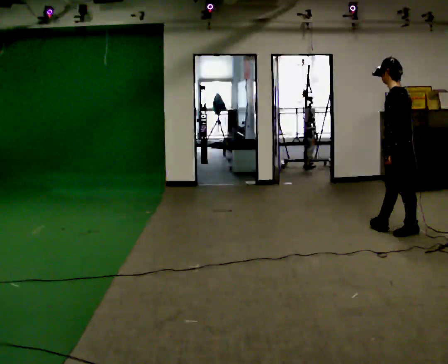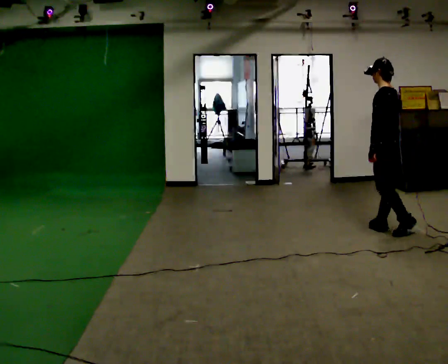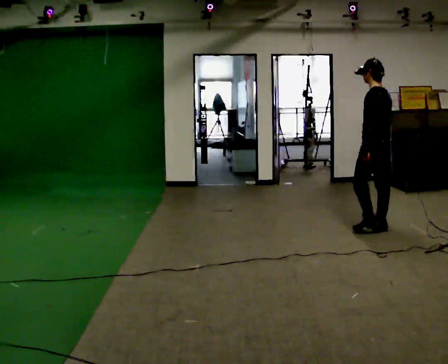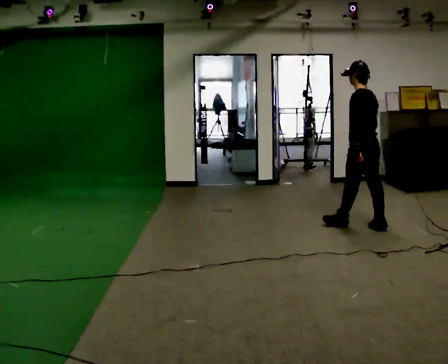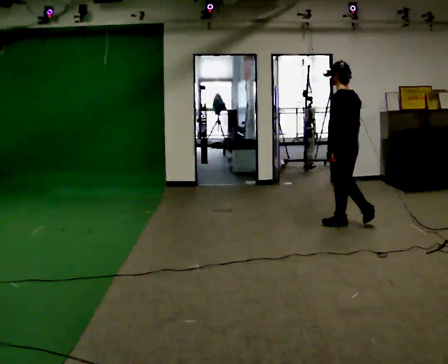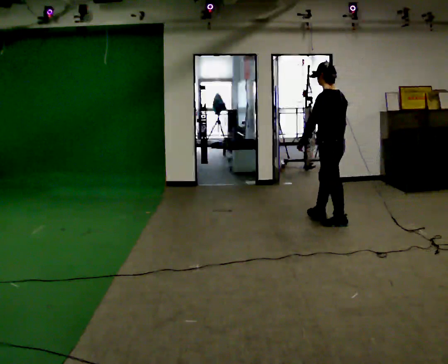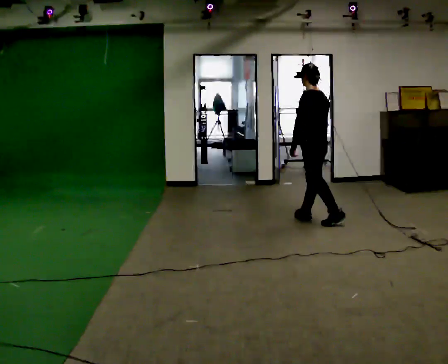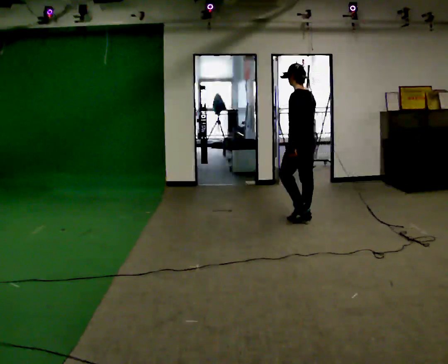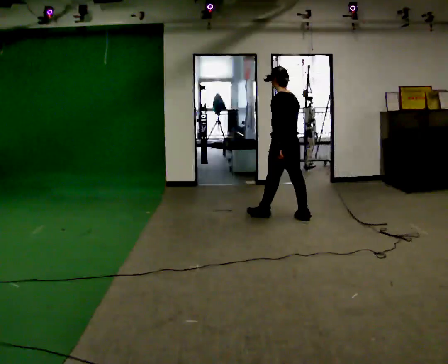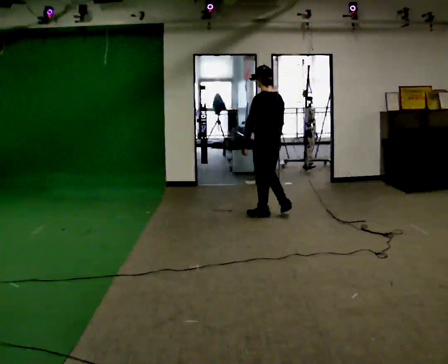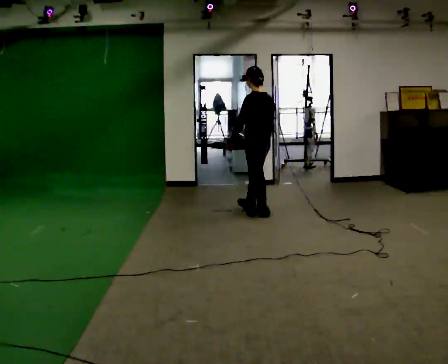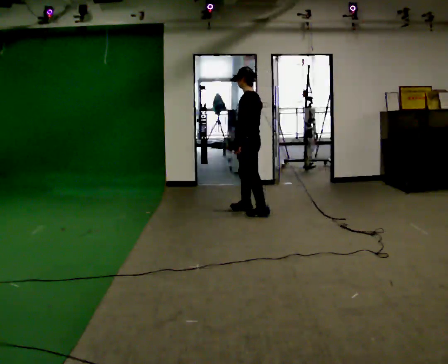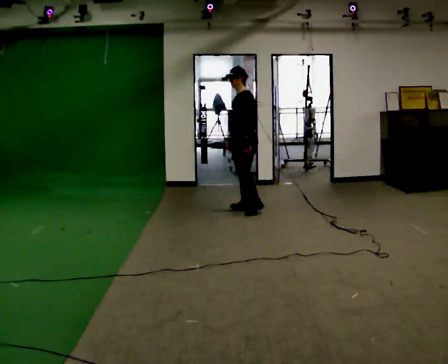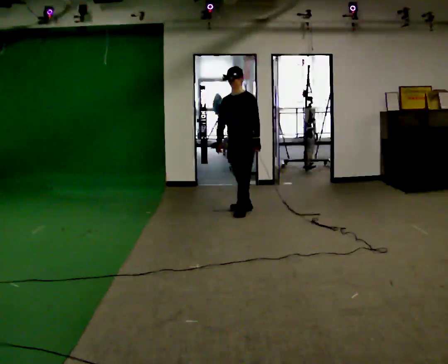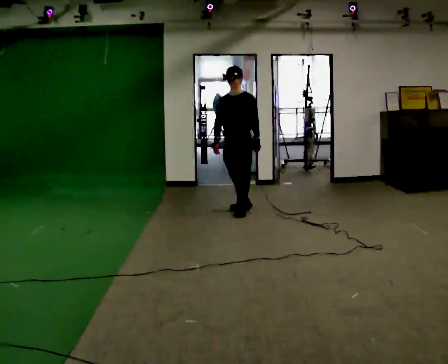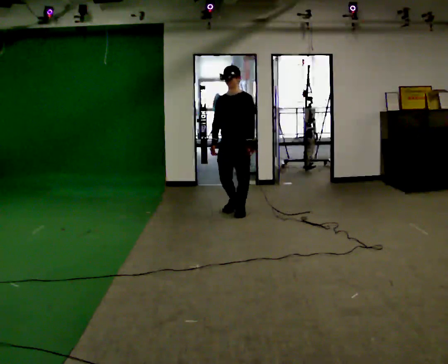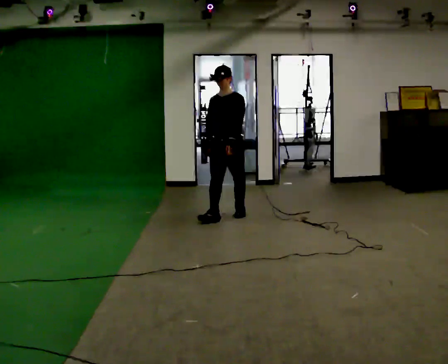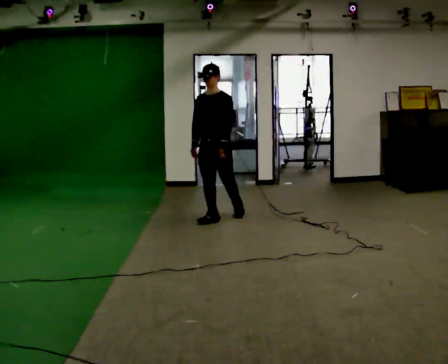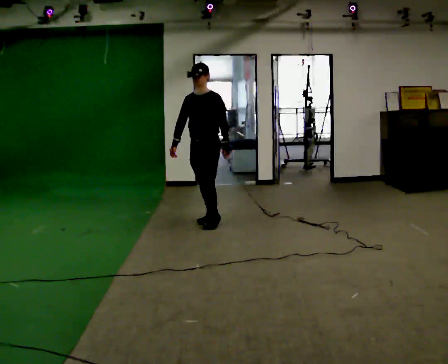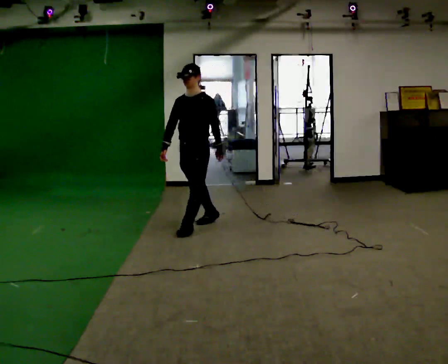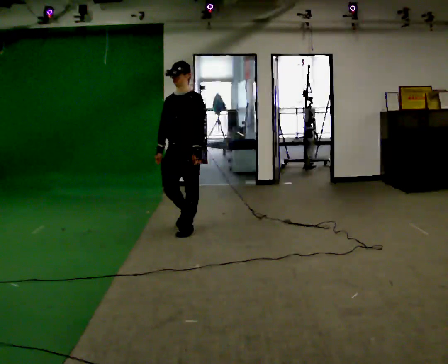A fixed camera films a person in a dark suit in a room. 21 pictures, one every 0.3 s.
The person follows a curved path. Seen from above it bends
counterclockwise.
The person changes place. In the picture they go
to the left.
0.0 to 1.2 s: In the picture they go to the left and away from the camera, about 0.5 m in 1 step, which for them is forward.
1.2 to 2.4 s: In the picture they go to the left and away from the camera, about 0.5 m in 2 steps, which for them is forward.
2.4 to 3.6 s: The part of the body nearest the lens slides to the right as the person turns to their left by about 60 degrees. In the picture they go to the left and away from the camera, about 0.5 m in 1 step.
3.6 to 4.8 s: The person turns about 45 degrees to their left, counterclockwise seen from above, so the part of the body nearest the lens slides to the right. In the picture they go toward the camera and to the left, about 0.5 m in 1 step, which for them is forward.
4.8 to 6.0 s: In the picture they go toward the camera and to the left, about 1 m in 2 steps, which for them is forward.
The film runs forward here.
